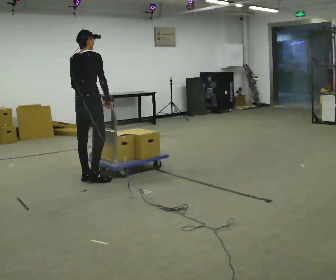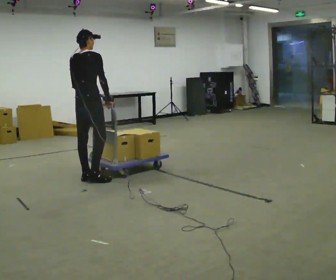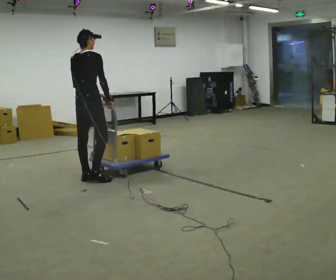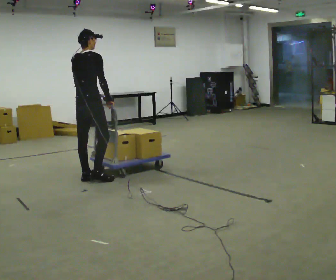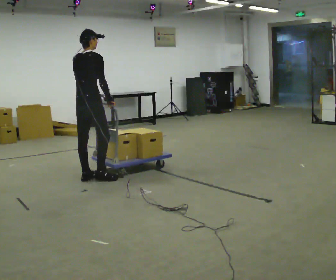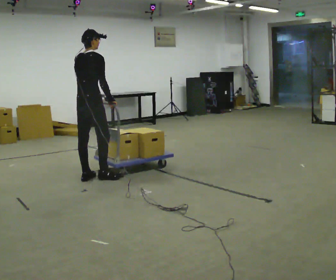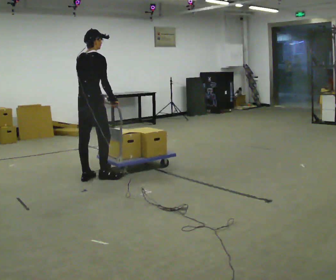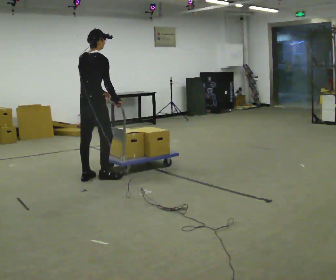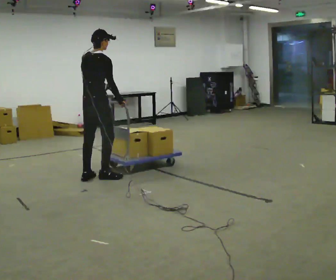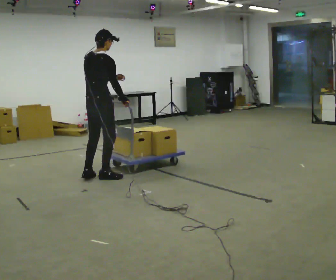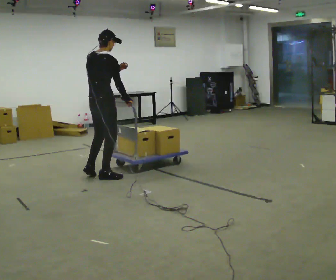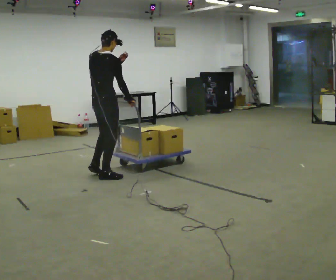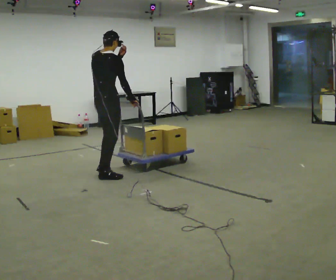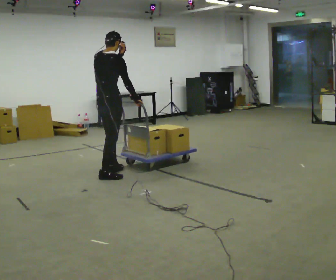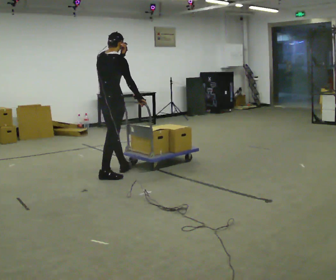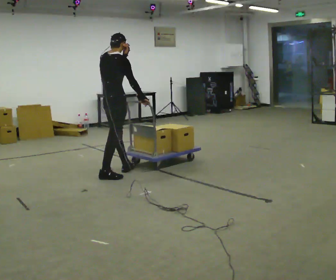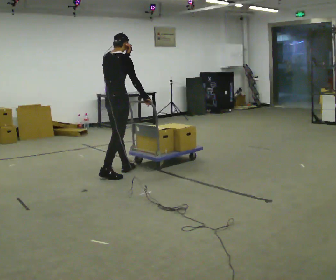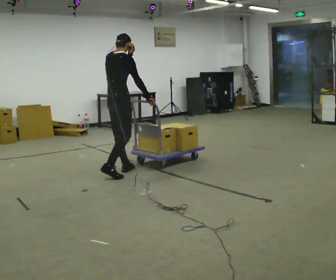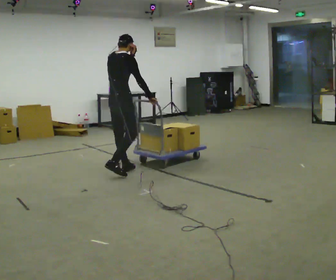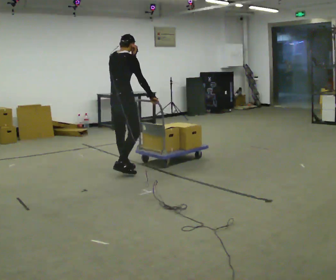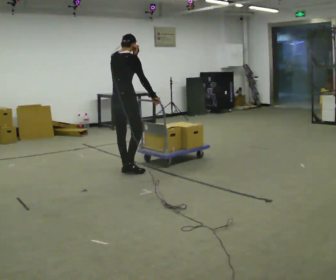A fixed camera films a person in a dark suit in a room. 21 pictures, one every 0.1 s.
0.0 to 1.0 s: In the picture they go to the right, about 0.25 m in 1 step, which for them is forward. In the picture their left hand goes upward and to the right.
1.0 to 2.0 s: In the picture they go away from the camera and to the right, about 0.5 m in 1 step, which for them is forward.
The film runs forward here.
